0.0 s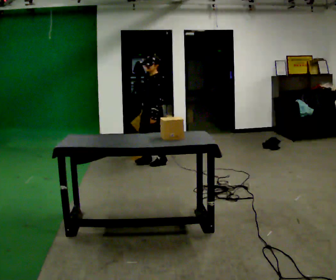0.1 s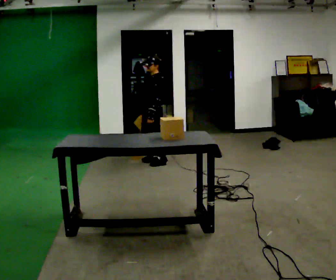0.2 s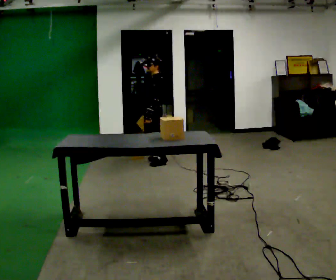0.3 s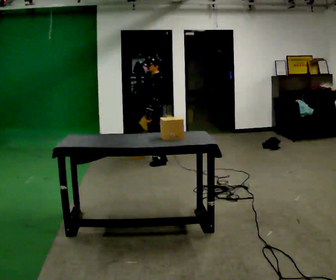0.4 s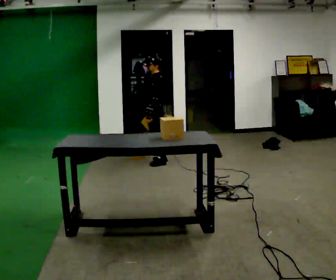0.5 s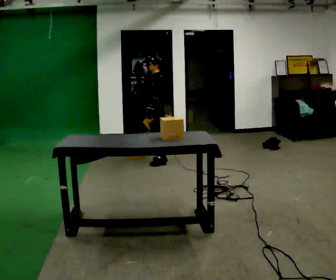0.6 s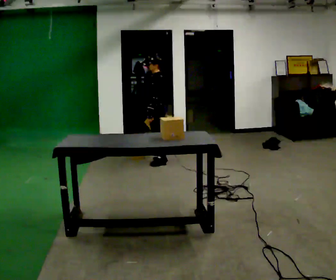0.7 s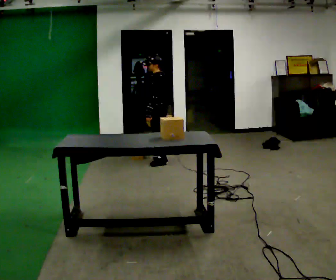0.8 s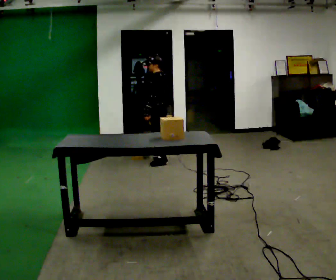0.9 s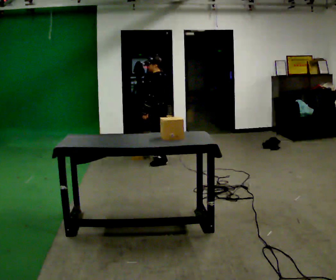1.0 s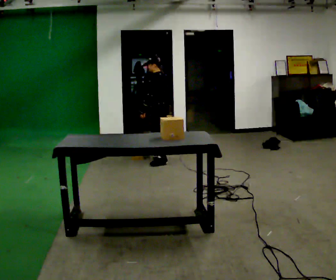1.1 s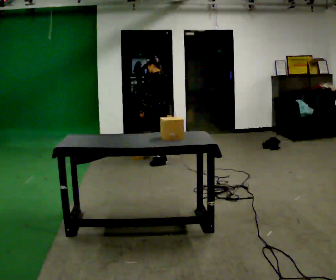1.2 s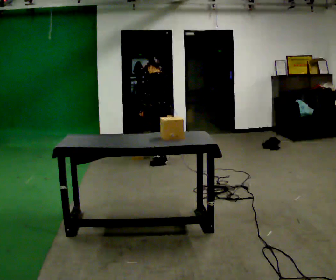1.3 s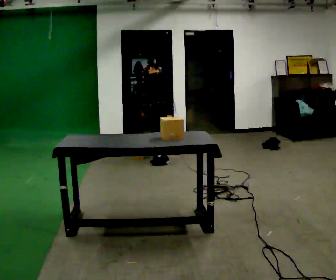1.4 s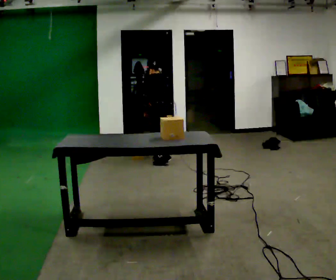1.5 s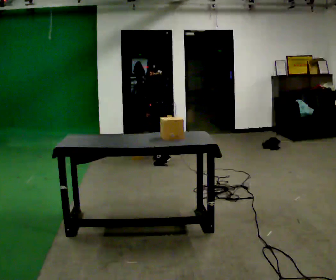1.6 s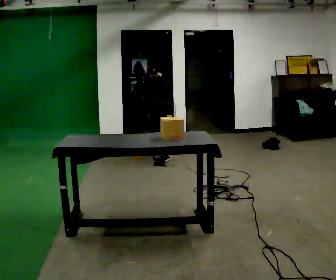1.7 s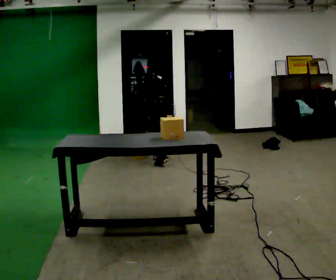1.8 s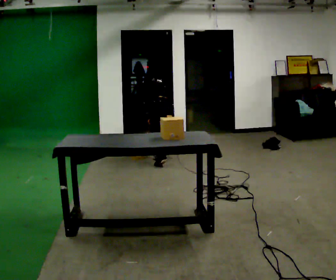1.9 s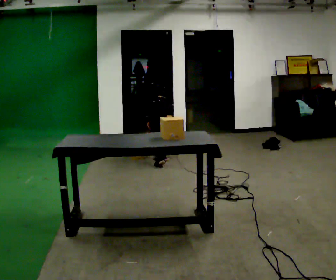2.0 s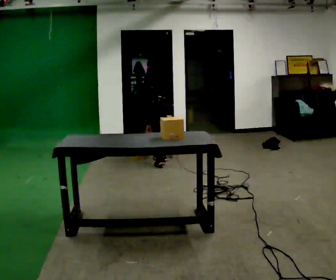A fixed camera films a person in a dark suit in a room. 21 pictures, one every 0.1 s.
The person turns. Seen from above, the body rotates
clockwise.
The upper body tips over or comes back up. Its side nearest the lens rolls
upward.
0.0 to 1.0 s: The part of the body nearest the lens slides to the left as the person turns to their right by about 45 degrees. In the picture they go away from the camera, about 0.25 m, which for them is to their right.
1.0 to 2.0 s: The part of the body nearest the lens slides to the left as the person turns to their right by about 45 degrees. The upper body goes downward. The upper body tips away from the camera, its near side rolling upward, as they bend forward.
The film runs backward here.
